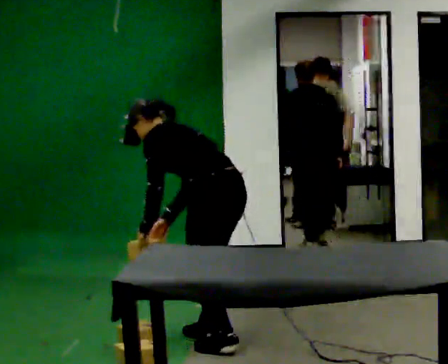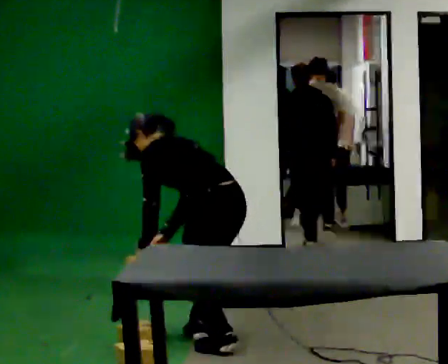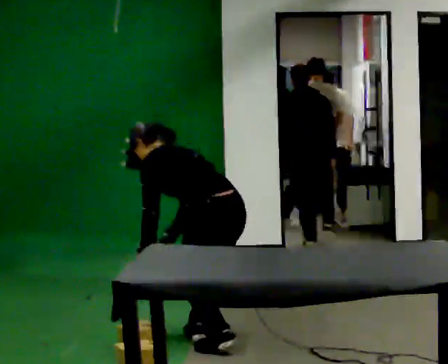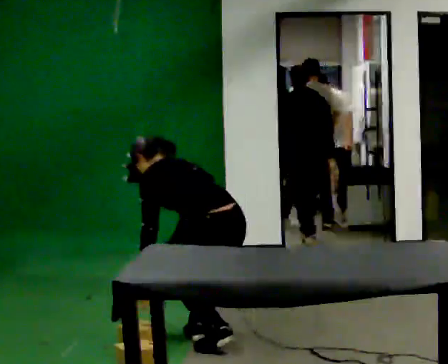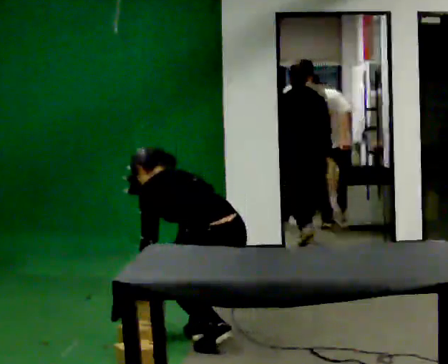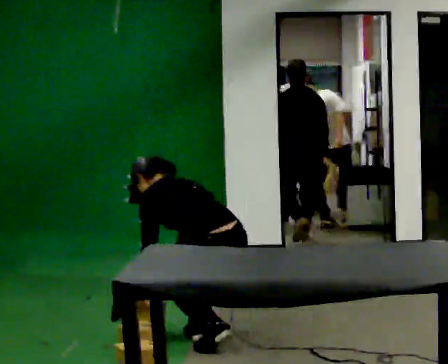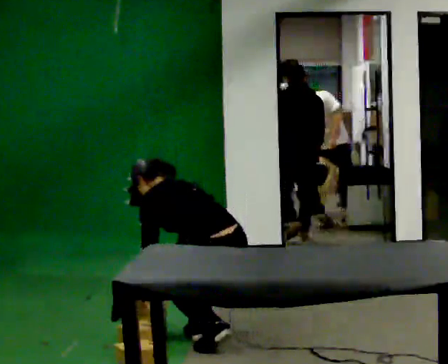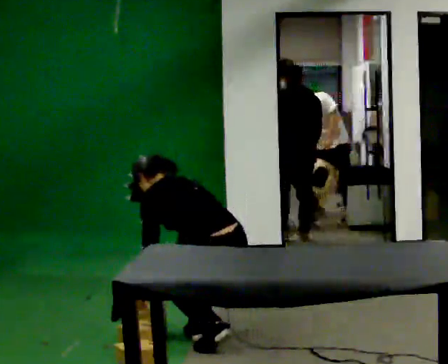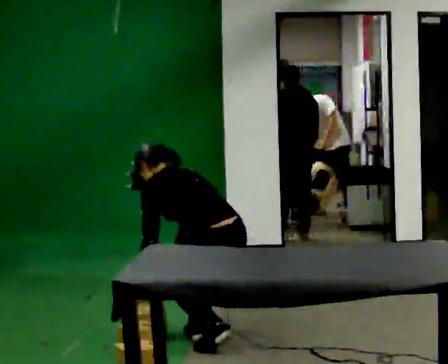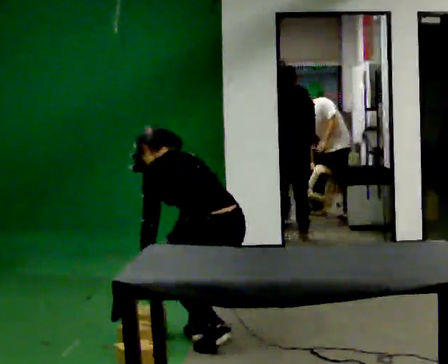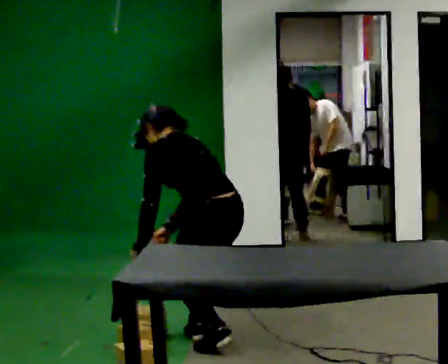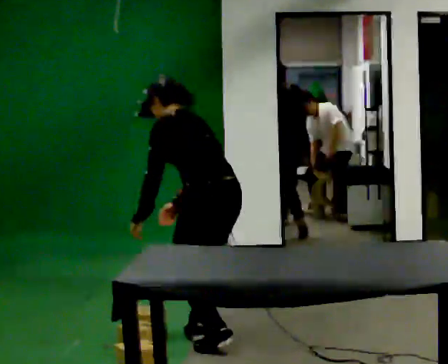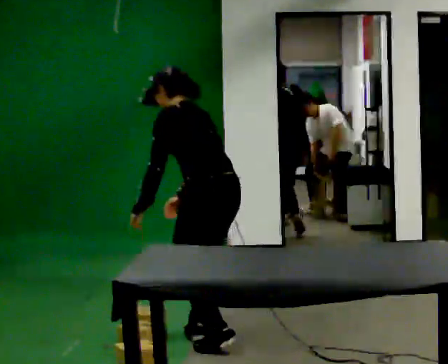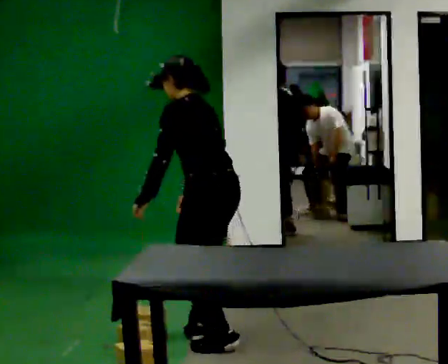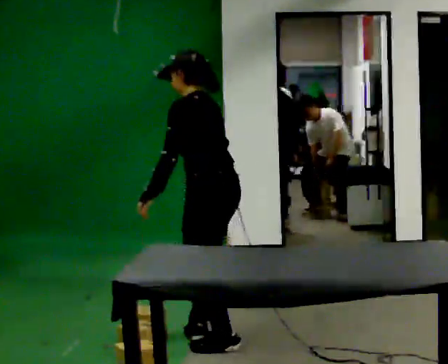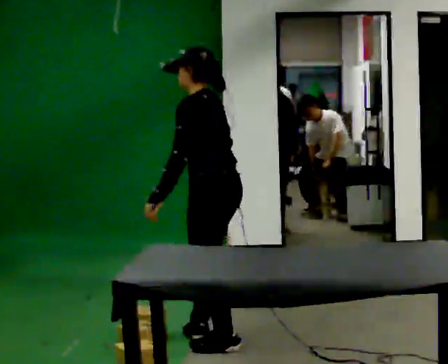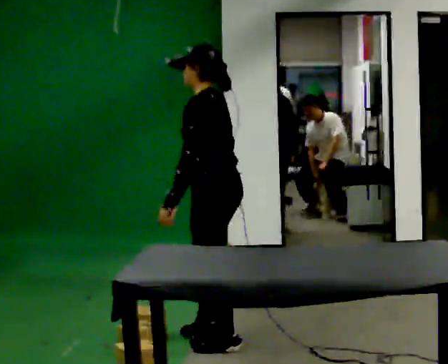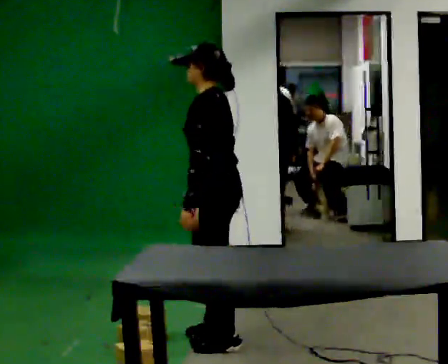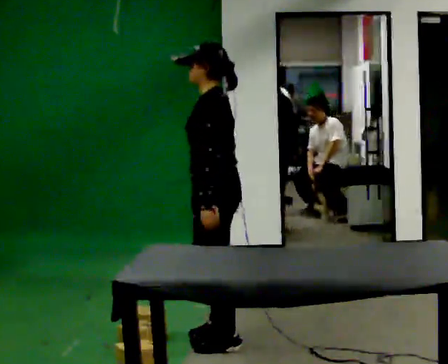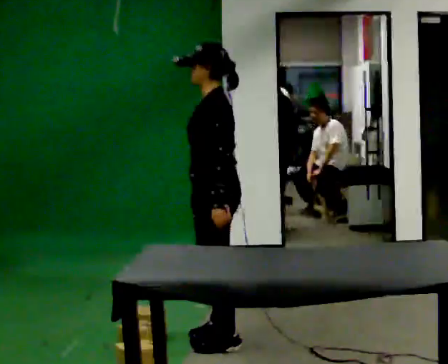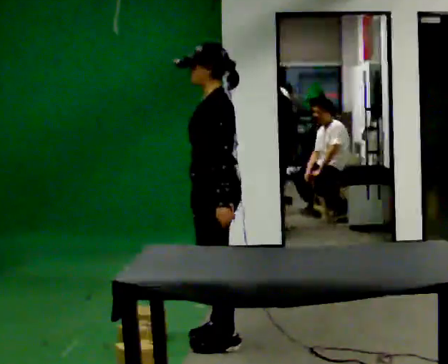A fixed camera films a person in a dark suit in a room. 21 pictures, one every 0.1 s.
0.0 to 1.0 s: The person moves a little, or ends about where they began.
1.0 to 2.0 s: The part of the body nearest the lens slides to the right as the person turns to their left by about 45 degrees. The upper body goes upward. In the picture the upper body tilts clockwise, shoulders to the right, as they lean back or straighten. In the picture their left hand goes to the right.
The film runs forward here.
